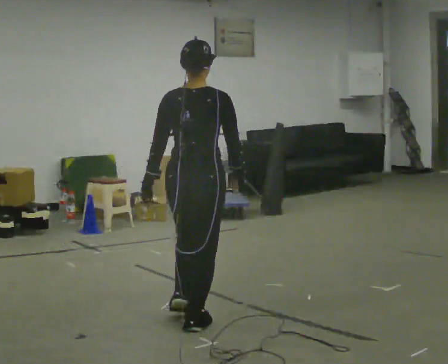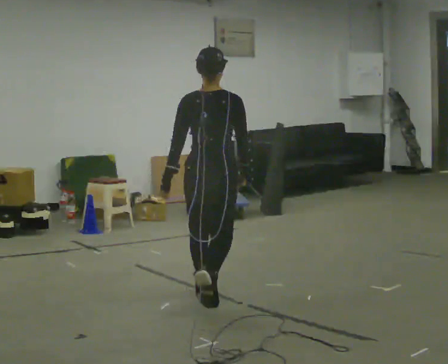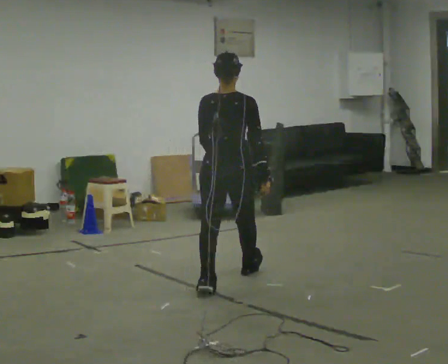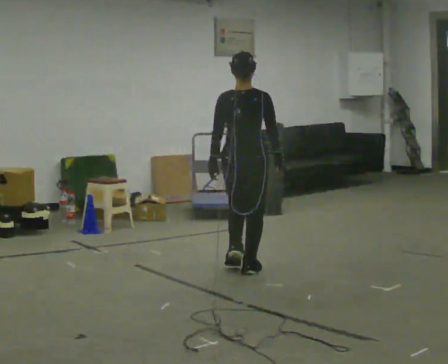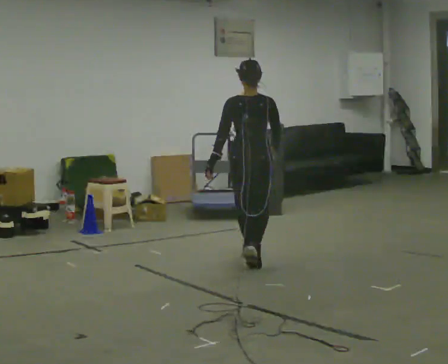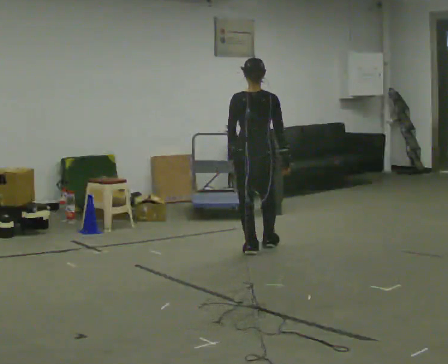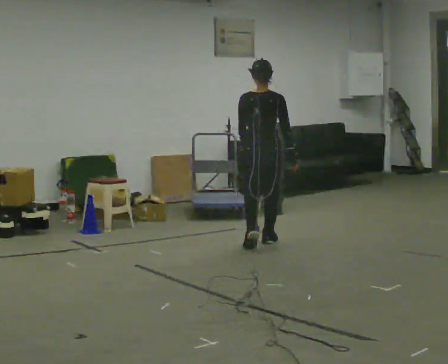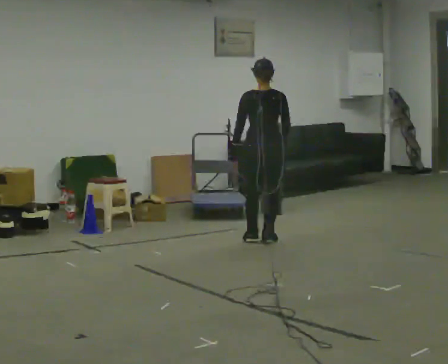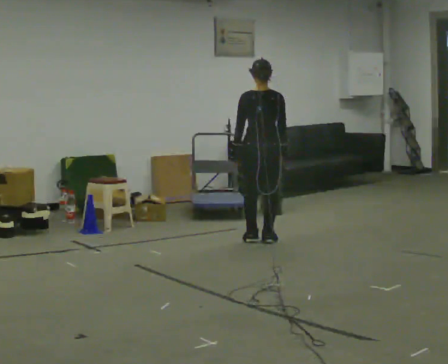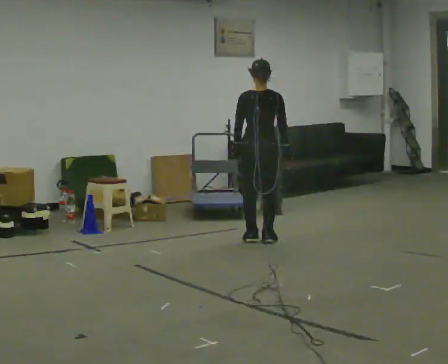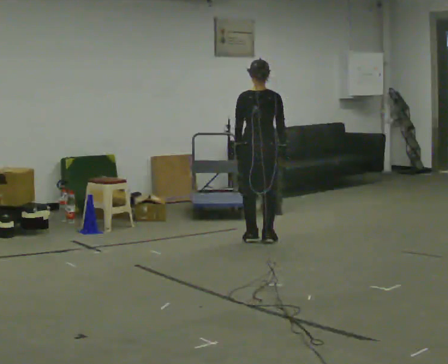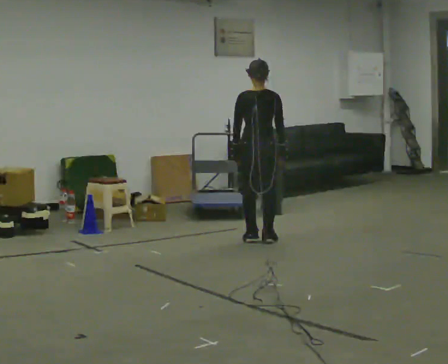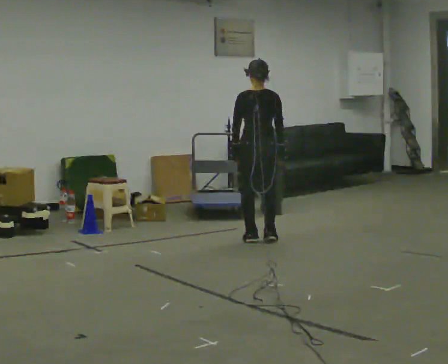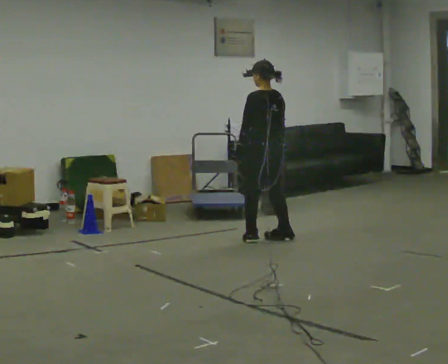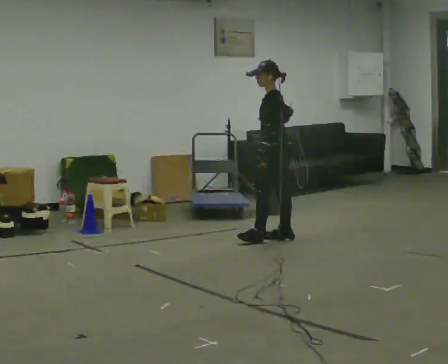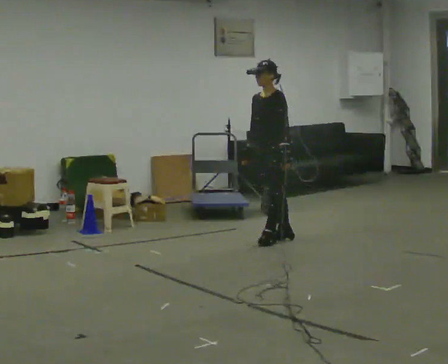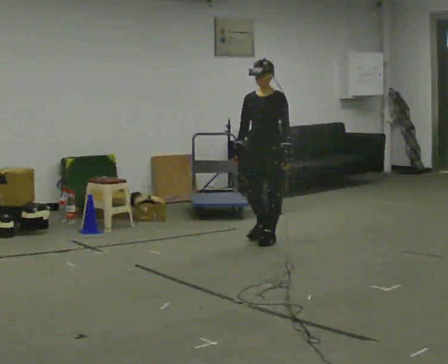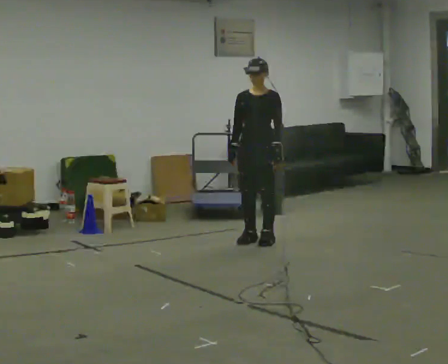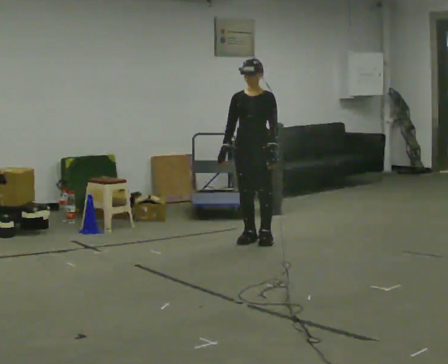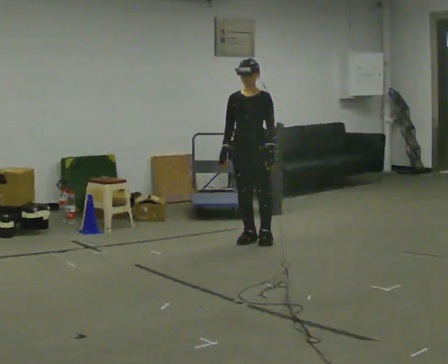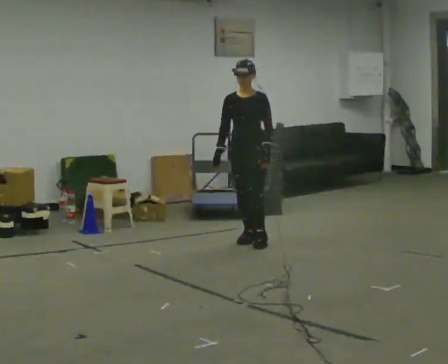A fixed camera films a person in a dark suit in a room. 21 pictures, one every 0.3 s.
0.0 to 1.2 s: In the picture they go away from the camera, about 1.5 m in 3 steps, which for them is forward.
1.2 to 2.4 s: In the picture they go away from the camera, about 0.5 m in 2 steps, which for them is forward.
2.4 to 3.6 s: The person moves a little, or ends about where they began.
3.6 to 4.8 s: The person turns about 150 degrees to their left, counterclockwise seen from above, so the part of the body nearest the lens slides to the right. In the picture their left hand goes to the right, the arm swinging counterclockwise.
4.8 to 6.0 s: In the picture they go to the left, about 0.25 m in 1 step, which for them is to their right.
The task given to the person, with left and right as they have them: Start still; accelerate to fast walking; hold the fast speed for several steps; decelerate and stop. Do not run.
The film runs forward here.
